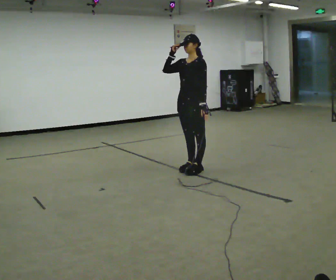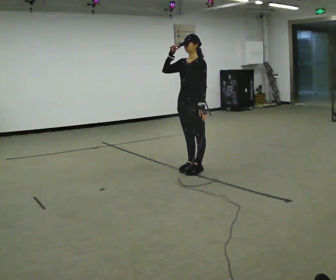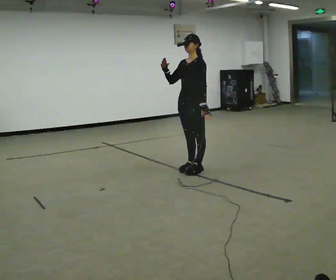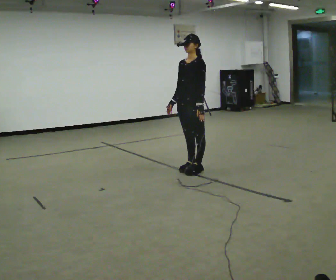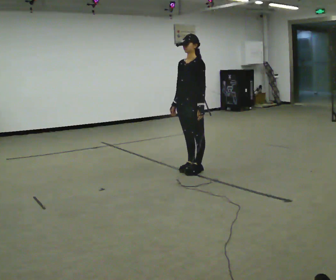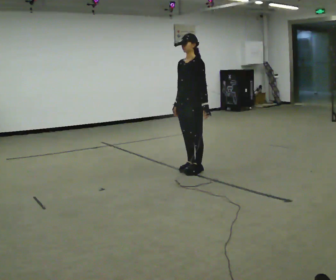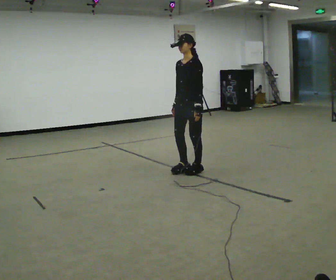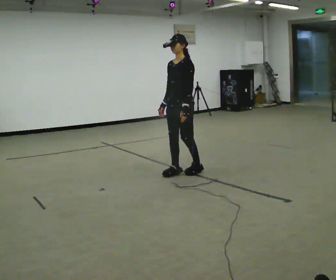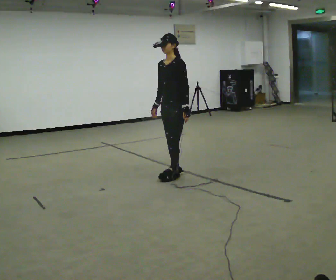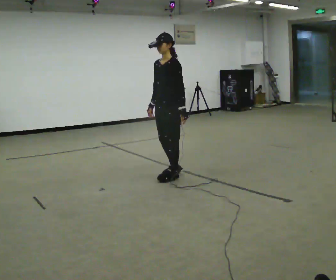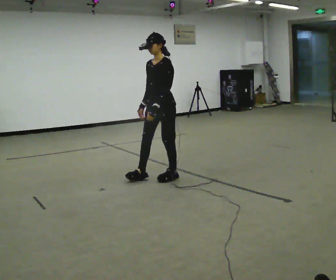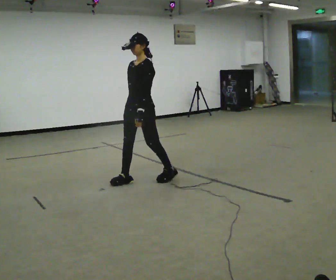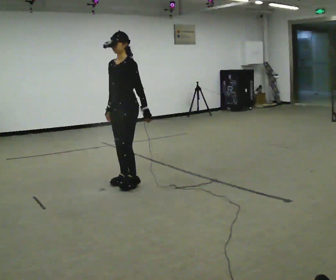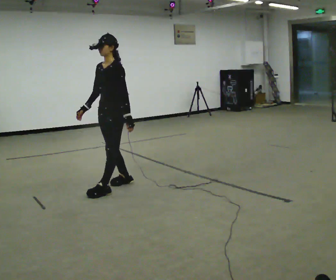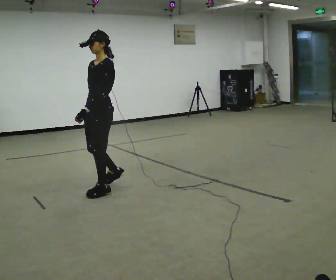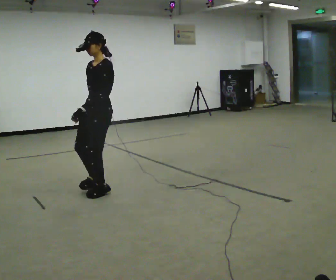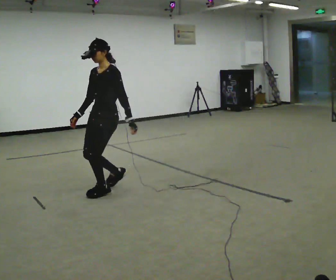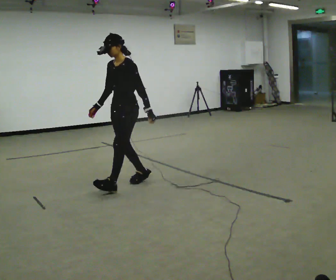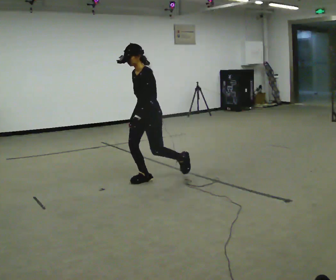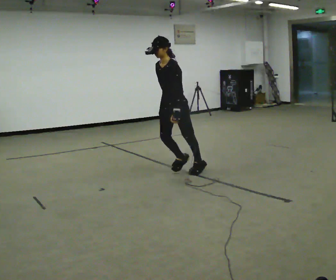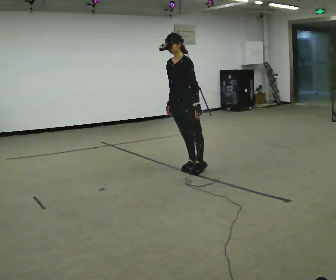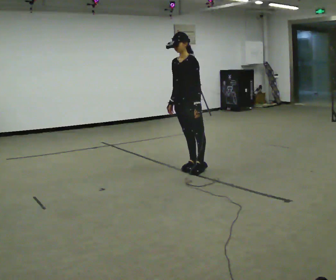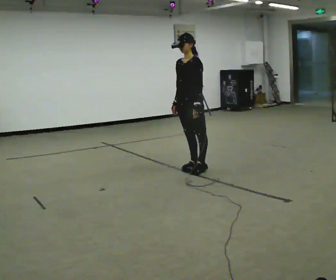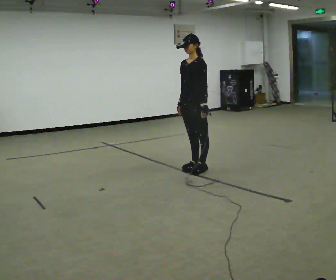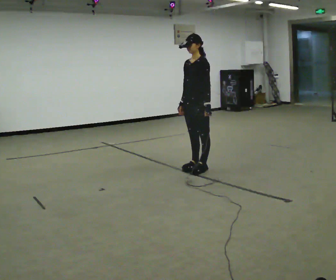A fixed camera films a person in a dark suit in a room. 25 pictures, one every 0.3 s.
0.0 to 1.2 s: In the picture their right hand goes downward.
1.2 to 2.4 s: In the picture they go to the left, about 0.25 m in 2 steps, which for them is forward.
2.4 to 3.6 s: In the picture they go to the left and toward the camera, about 0.5 m in 2 steps, which for them is forward.
3.6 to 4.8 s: In the picture they go toward the camera and to the left, about 0.25 m in 1 step, which for them is forward and to their left.
4.8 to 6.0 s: In the picture they go to the right and away from the camera, about 1 m in 2 steps, which for them is backward.
6.0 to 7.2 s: In the picture they go to the right, about 0.25 m, which for them is backward.
The film runs backward here.
